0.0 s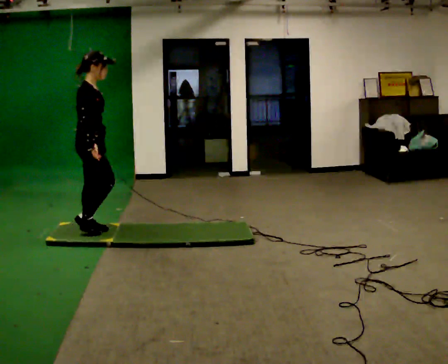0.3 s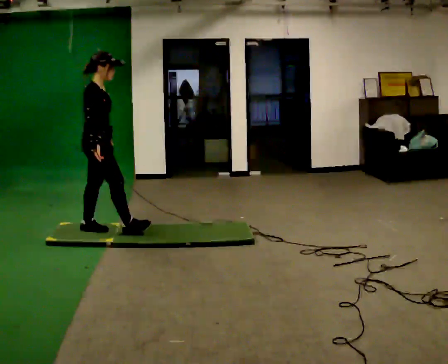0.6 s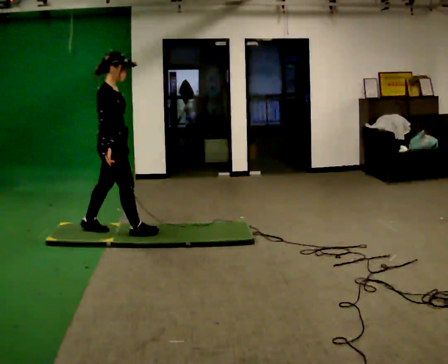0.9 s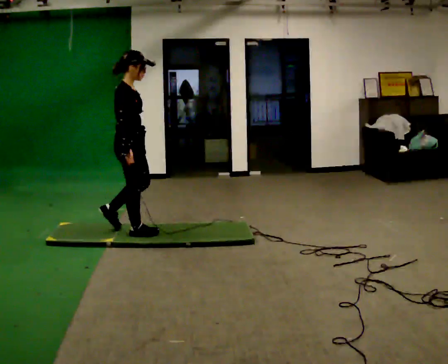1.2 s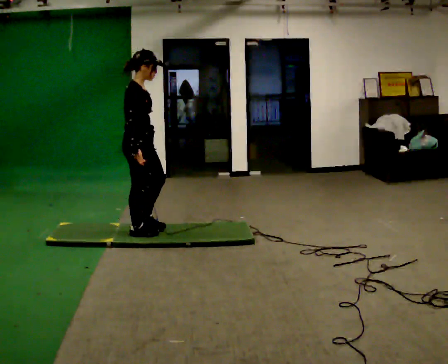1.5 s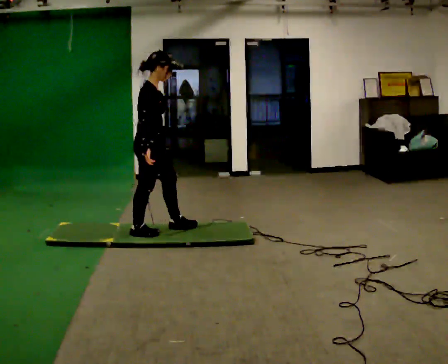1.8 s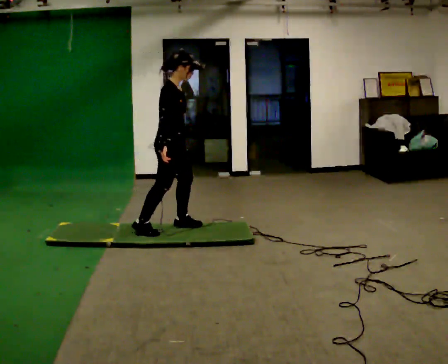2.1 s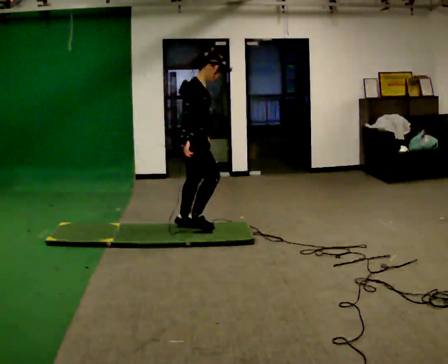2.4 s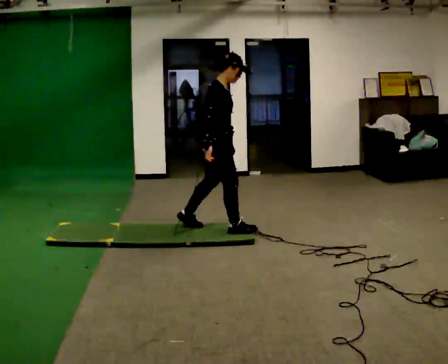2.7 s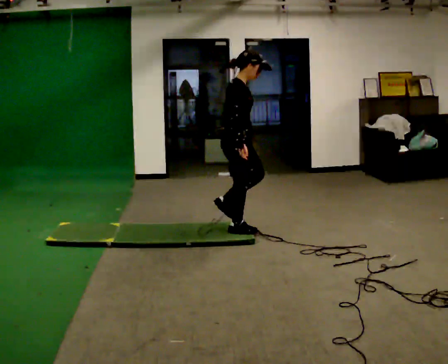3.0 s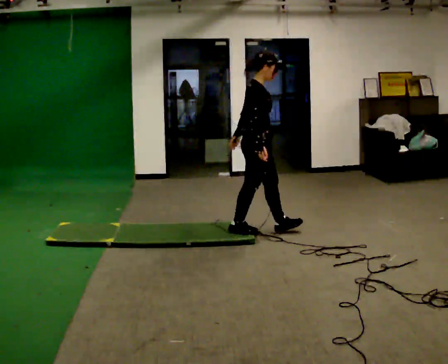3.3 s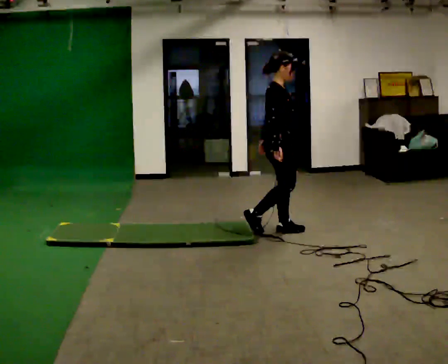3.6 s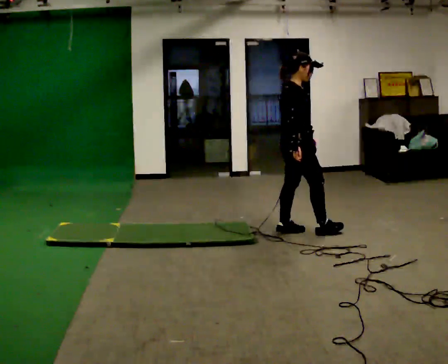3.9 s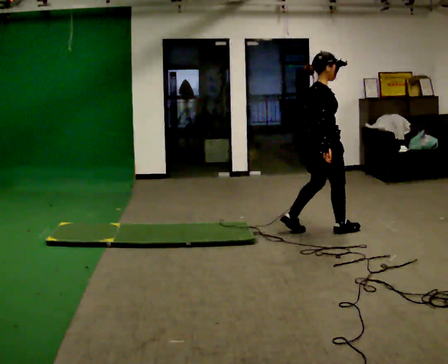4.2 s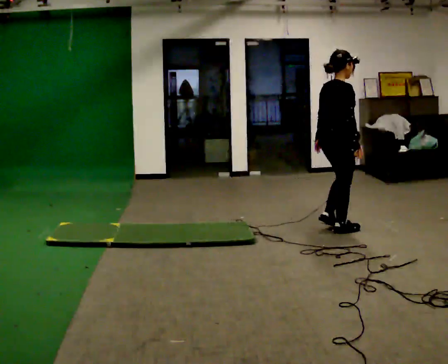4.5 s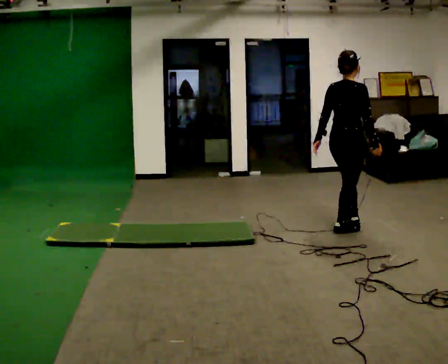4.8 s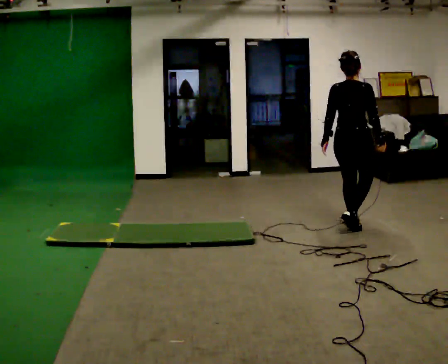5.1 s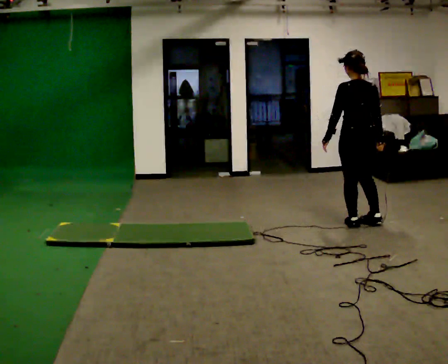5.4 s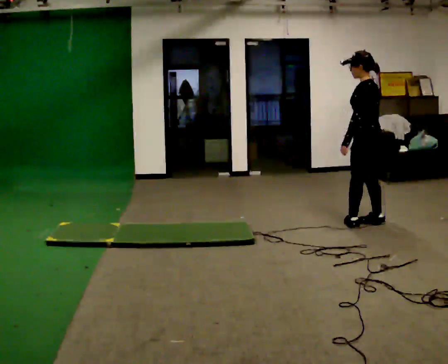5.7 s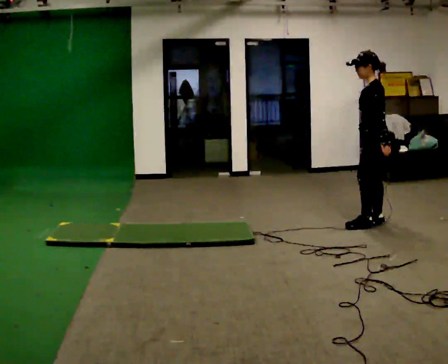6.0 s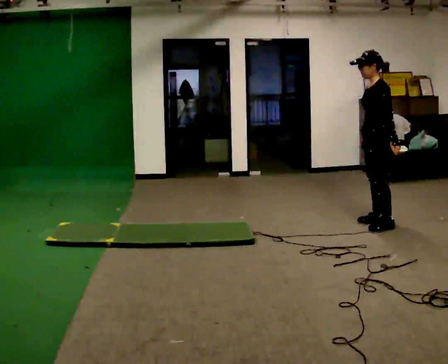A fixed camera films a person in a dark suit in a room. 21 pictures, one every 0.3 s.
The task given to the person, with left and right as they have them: Walk across the floor at a normal pace. It may be more slippery in places. Recover however comes naturally.
0.0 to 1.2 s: In the picture they go to the right, about 0.5 m in 1 step, which for them is forward.
1.2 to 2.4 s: In the picture they go to the right, about 0.75 m in 2 steps, which for them is forward.
2.4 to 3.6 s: In the picture they go to the right, about 0.75 m in 1 step, which for them is forward.
3.6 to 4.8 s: Seen from above the body turns counterclockwise, about 60 degrees: to their left, with its near side sliding to the right. In the picture they go to the right, about 0.5 m in 2 steps, which for them is forward.
4.8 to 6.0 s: Seen from above the body turns counterclockwise, about 120 degrees: to their left, with its near side sliding to the right. In the picture they go to the right, about 0.25 m in 2 steps.
The film runs forward here.
